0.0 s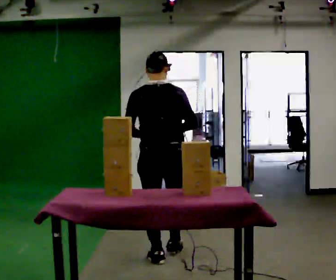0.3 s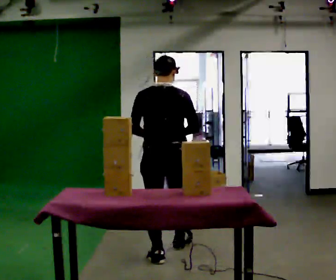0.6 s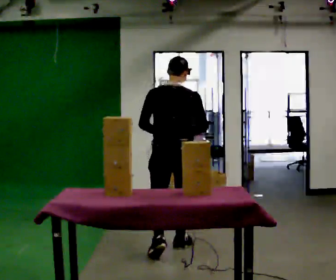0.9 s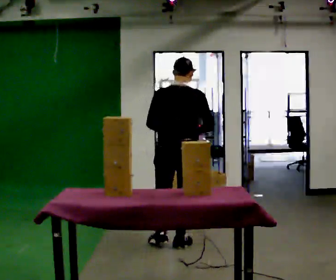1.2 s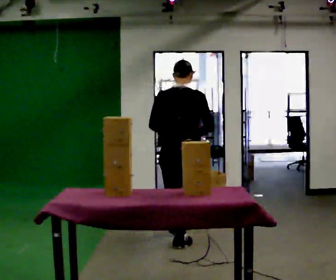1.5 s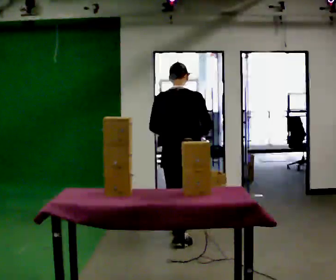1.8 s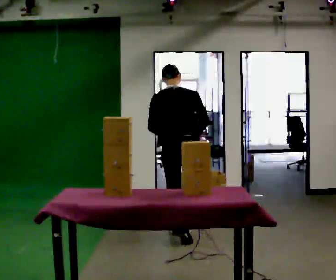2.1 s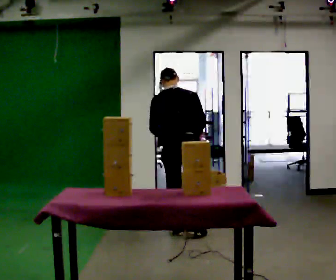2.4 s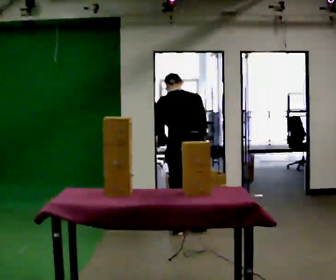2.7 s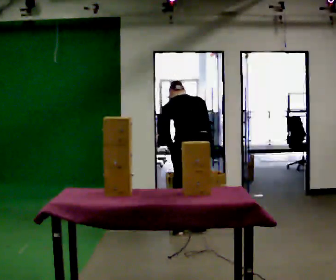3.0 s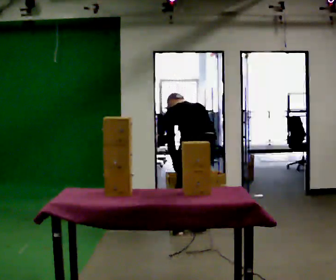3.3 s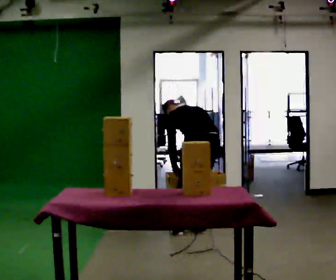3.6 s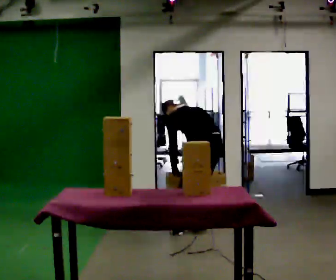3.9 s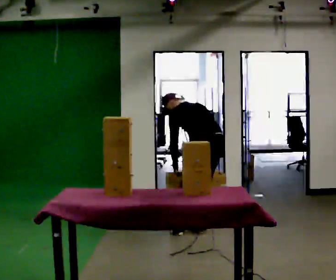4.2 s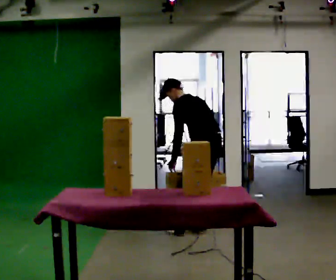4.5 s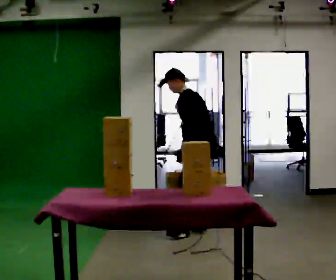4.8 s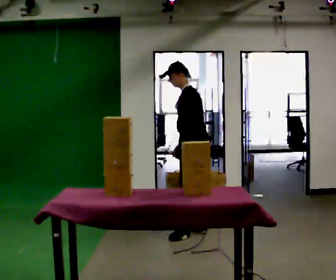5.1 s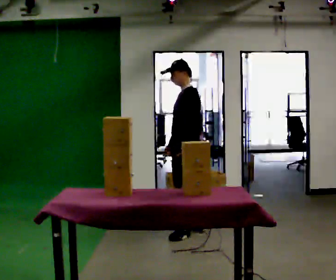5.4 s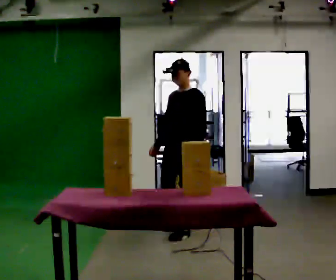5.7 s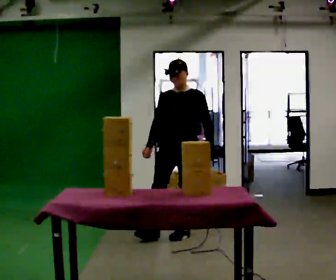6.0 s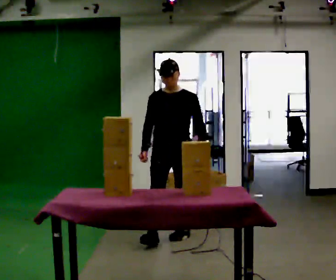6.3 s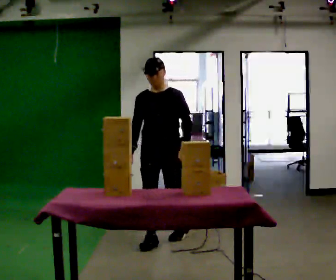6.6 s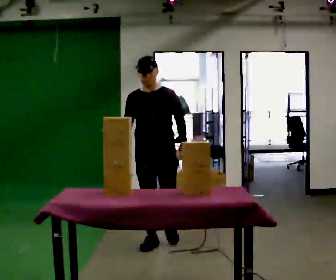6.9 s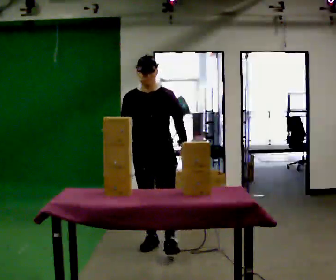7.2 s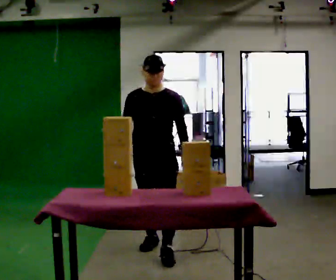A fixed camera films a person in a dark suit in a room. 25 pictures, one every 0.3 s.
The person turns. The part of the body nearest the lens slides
to the right.
The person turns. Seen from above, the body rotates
counterclockwise.
0.0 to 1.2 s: In the picture they go away from the camera, about 0.5 m in 1 step, which for them is forward.
1.2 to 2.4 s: In the picture they go away from the camera, about 0.25 m in 2 steps, which for them is forward. The upper body tips away from the camera, its near side rolling upward, as they bend forward.
2.4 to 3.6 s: The part of the body nearest the lens slides to the right as the person turns to their left by about 30 degrees. In the picture they go to the right, about 0.25 m, which for them is to their right. The shoulders move downward. In the picture the upper body tilts counterclockwise, shoulders to the left, as they bend forward.
3.6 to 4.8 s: The person turns about 60 degrees to their left, counterclockwise seen from above, so the part of the body nearest the lens slides to the right. The upper body goes upward. The upper body tips toward the camera, its near side rolling downward, as they lean back or straighten.
4.8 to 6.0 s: The person turns about 90 degrees to their left, counterclockwise seen from above, so the part of the body nearest the lens slides to the right. In the picture they go toward the camera and to the left, about 0.25 m in 1 step.
6.0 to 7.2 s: In the picture they go toward the camera, about 0.5 m in 1 step, which for them is forward.
The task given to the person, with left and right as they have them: Clear everything off the table and put it away on the shelf, in as many trips as you need. Keep going until the operator says stop; one object at a time, and do not rush between trips.
The film runs forward here.
